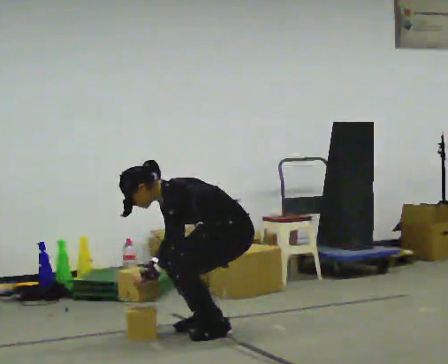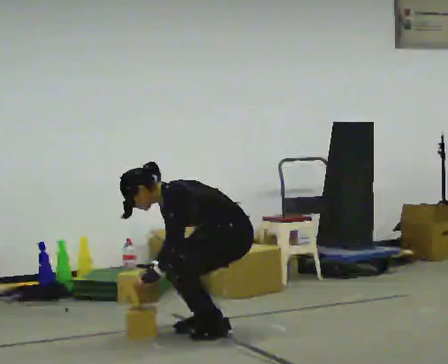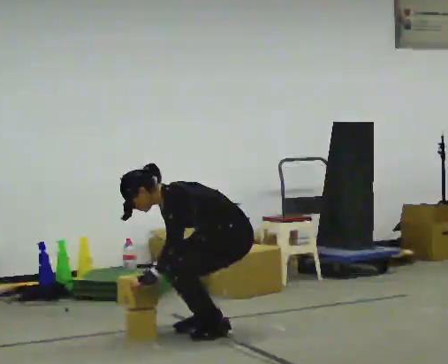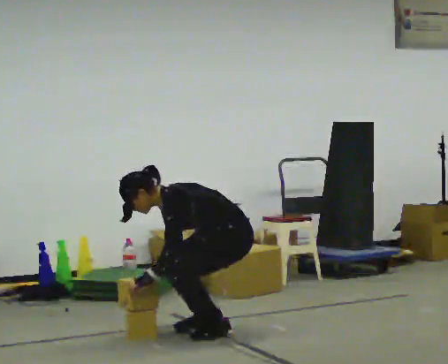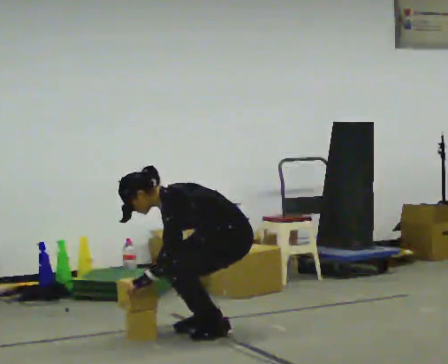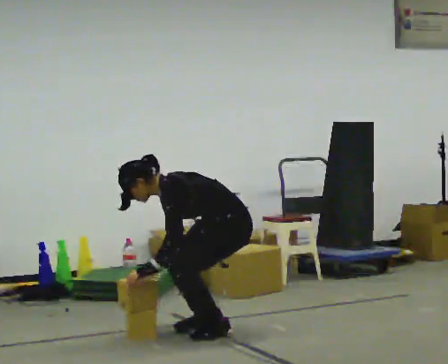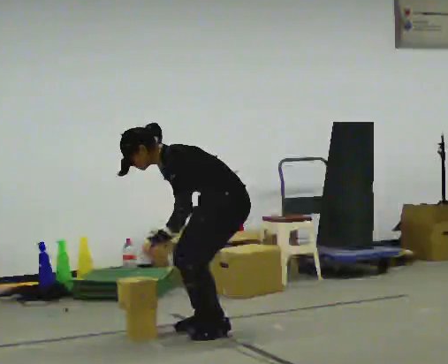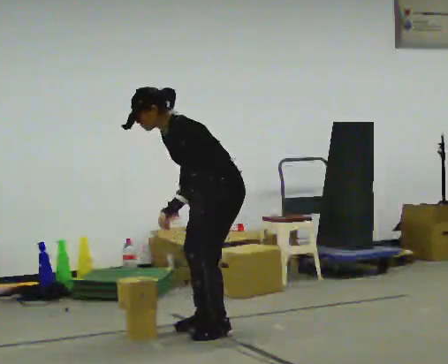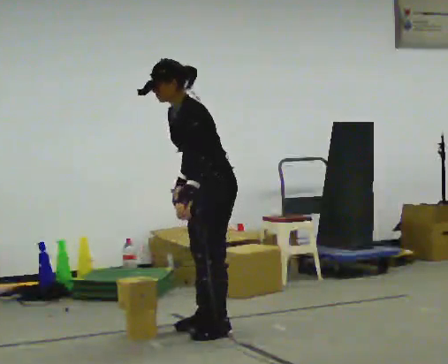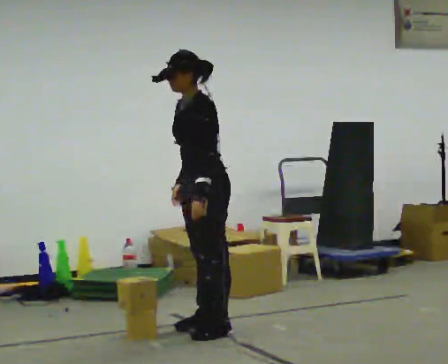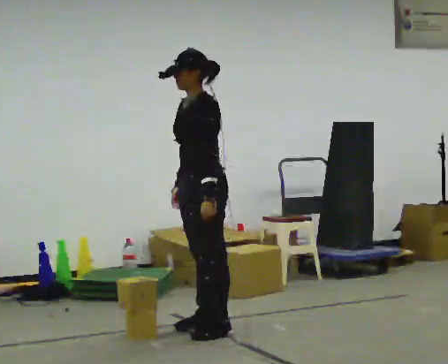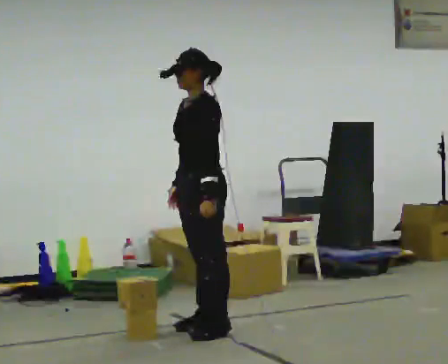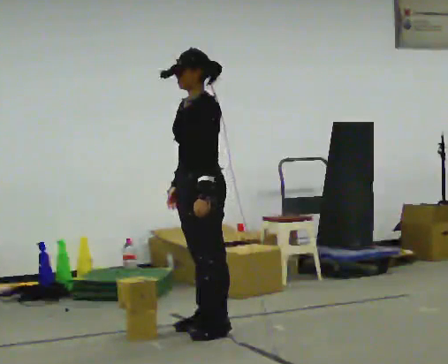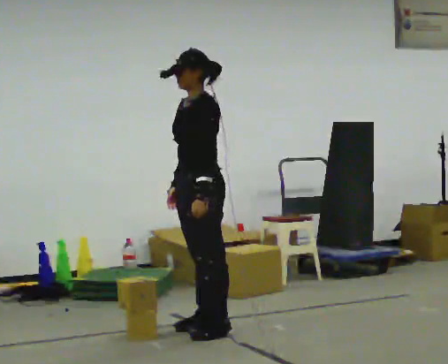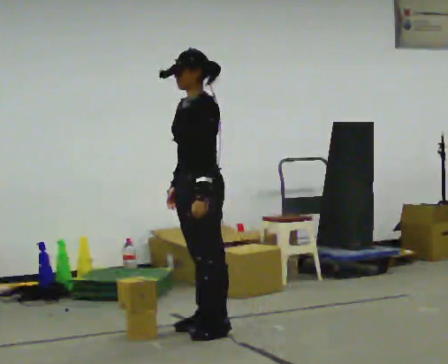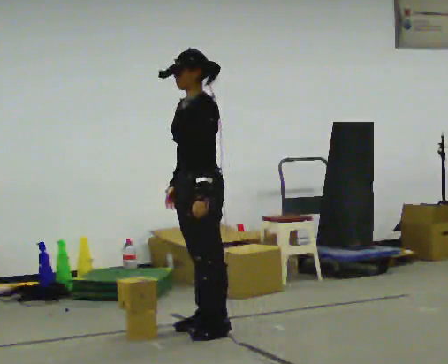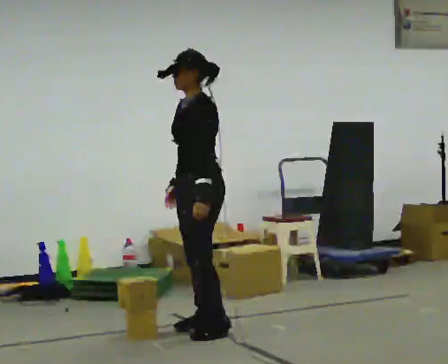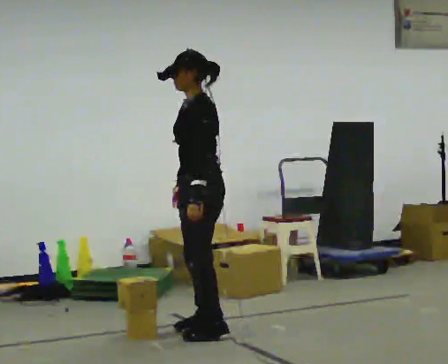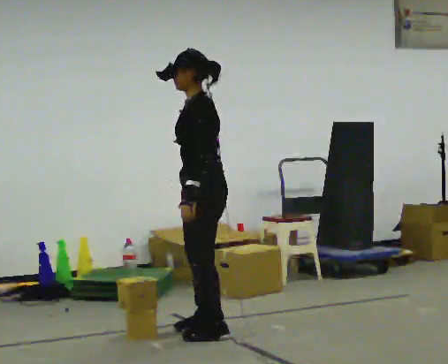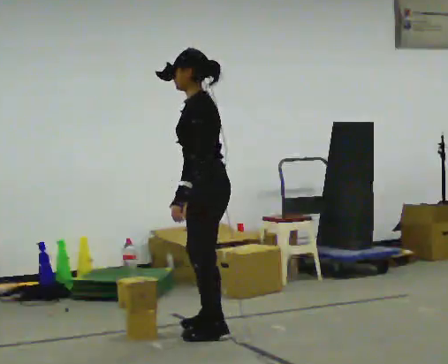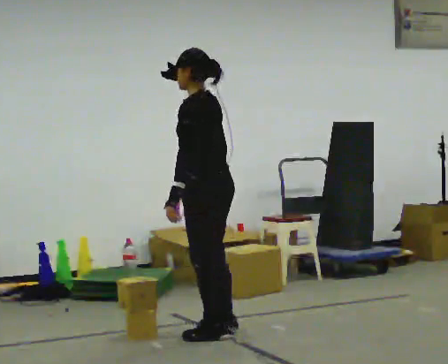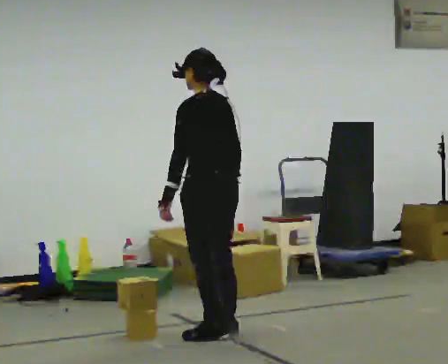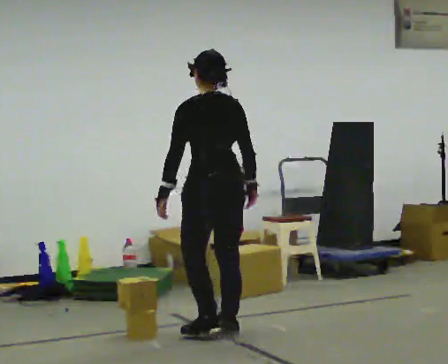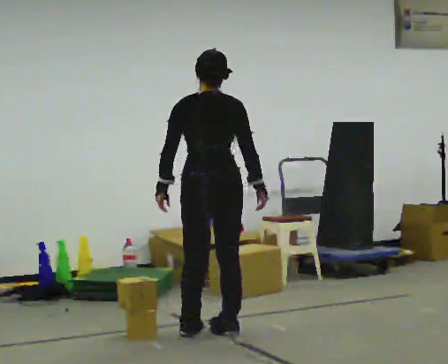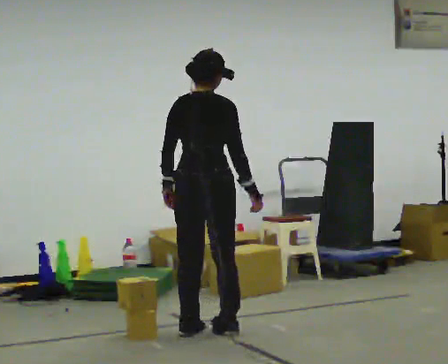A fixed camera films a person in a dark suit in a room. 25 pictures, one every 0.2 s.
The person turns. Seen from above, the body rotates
clockwise.
The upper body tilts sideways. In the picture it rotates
clockwise.
0.0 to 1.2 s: The upper body goes upward. In the picture the upper body tilts clockwise, shoulders to the right, as they lean back or straighten. In the picture their right hand goes upward.
1.2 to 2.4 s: The shoulders move upward. In the picture the upper body tilts clockwise, shoulders to the right, as they lean back or straighten.
2.4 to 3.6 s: The person moves a little, or ends about where they began.
3.6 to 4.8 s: Seen from above the body turns clockwise, about 120 degrees: to their right, with its near side sliding to the left.
The film runs forward here.
